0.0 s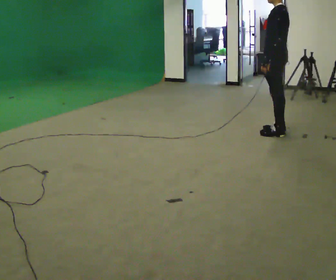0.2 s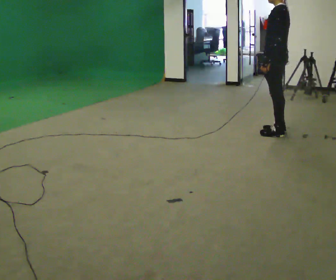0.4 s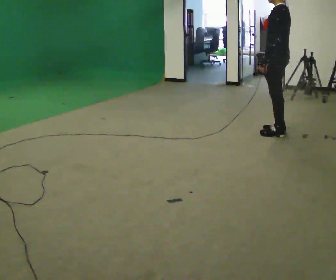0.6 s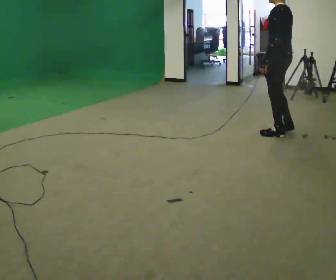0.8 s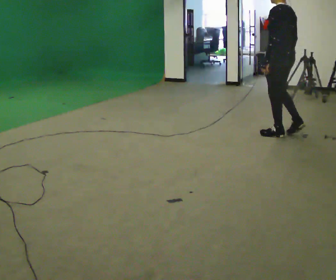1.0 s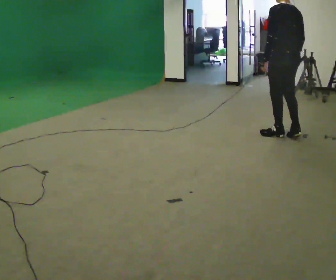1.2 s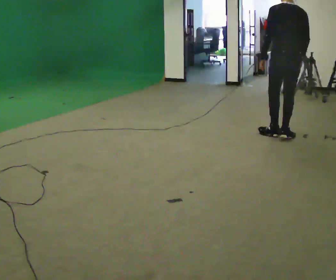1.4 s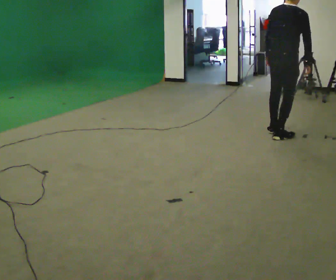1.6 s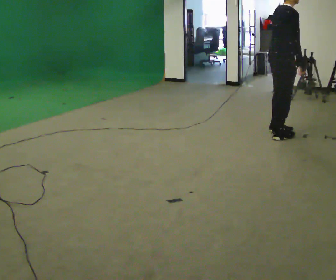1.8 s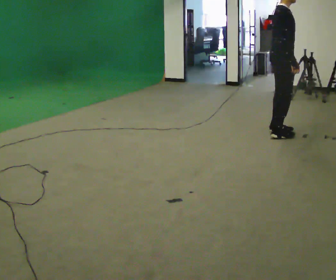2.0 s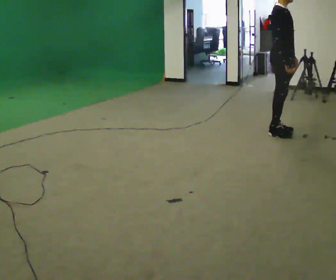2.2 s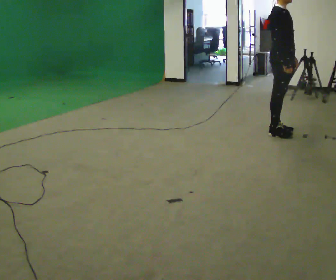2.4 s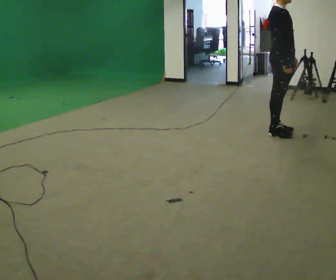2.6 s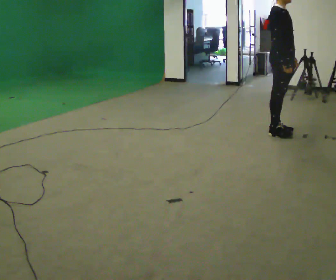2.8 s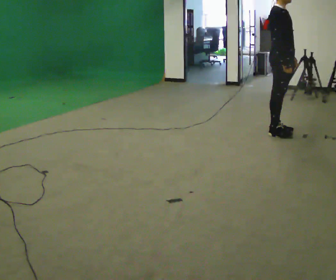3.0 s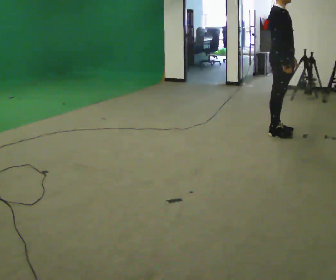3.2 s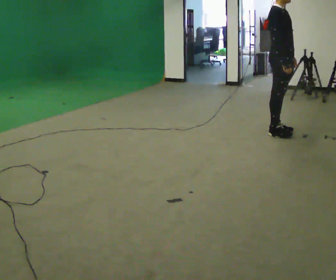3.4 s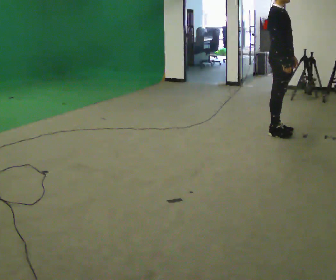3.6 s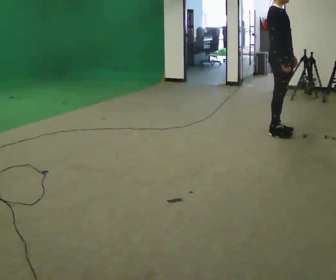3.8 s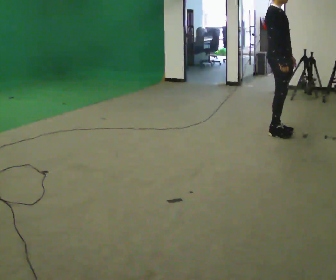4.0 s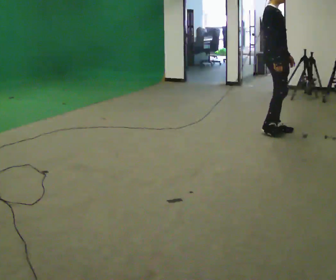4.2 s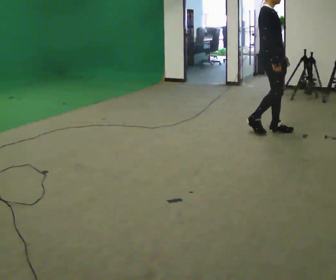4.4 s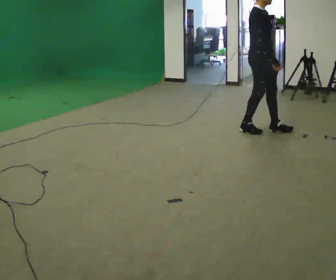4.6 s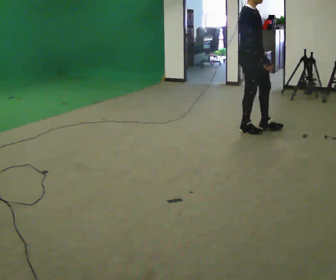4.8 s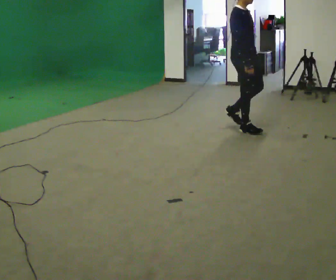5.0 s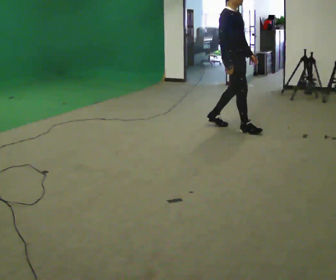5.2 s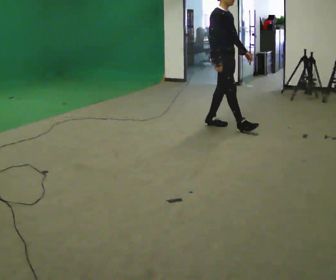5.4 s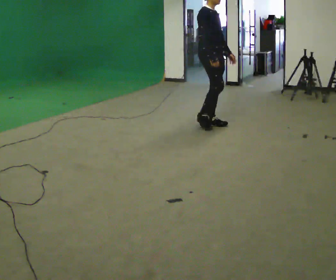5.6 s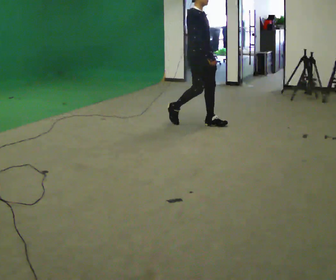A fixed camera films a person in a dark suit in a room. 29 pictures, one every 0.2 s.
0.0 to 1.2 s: Seen from above the body turns clockwise, about 60 degrees: to their right, with its near side sliding to the left.
1.2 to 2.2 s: The part of the body nearest the lens slides to the left as the person turns to their right by about 120 degrees. In the picture their left hand goes to the right.
2.2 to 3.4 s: The person keeps their place and pose.
3.4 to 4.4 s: In the picture they go to the left, about 0.25 m in 1 step, which for them is backward.
4.4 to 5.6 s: In the picture they go to the left, about 1 m in 2 steps, which for them is backward.
The film runs backward here.
